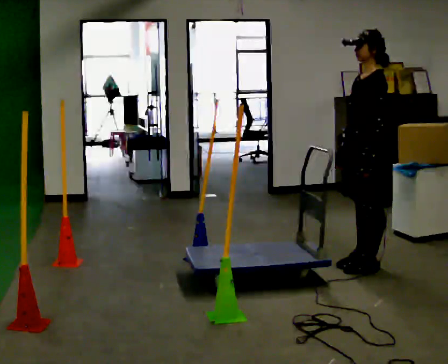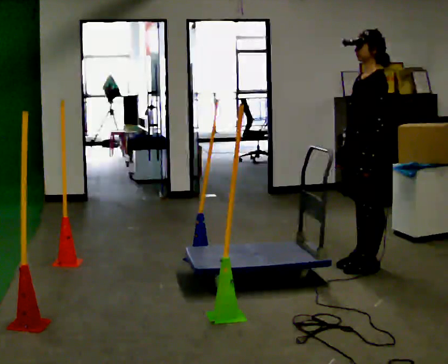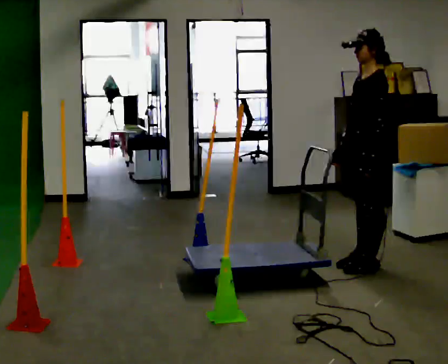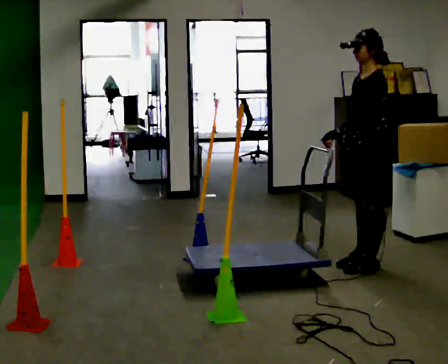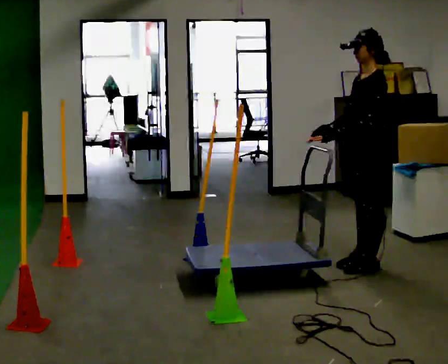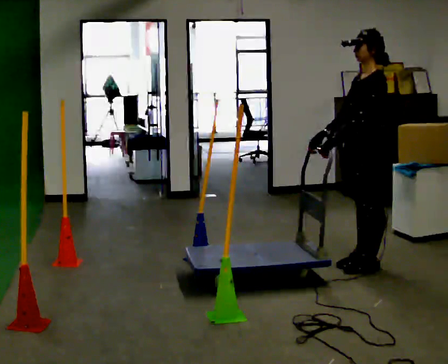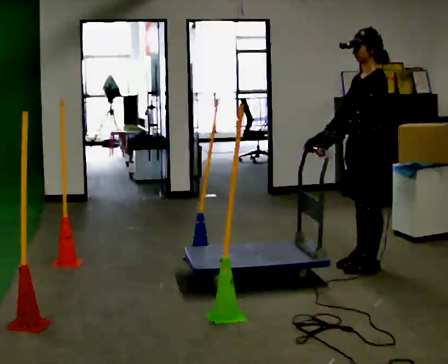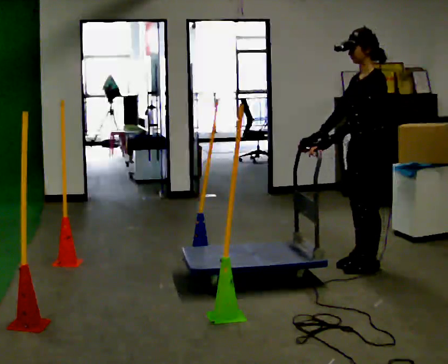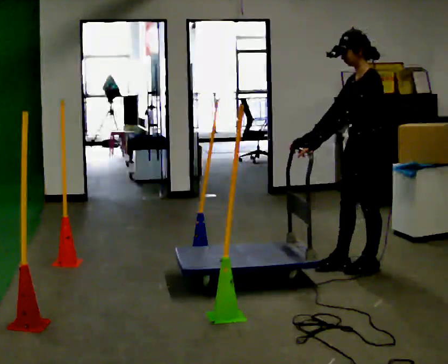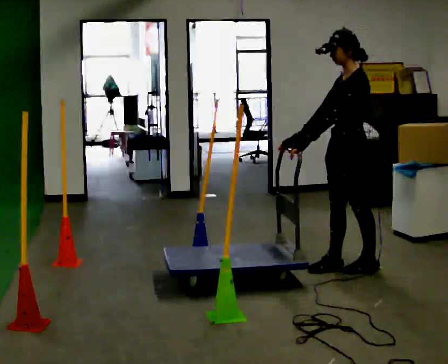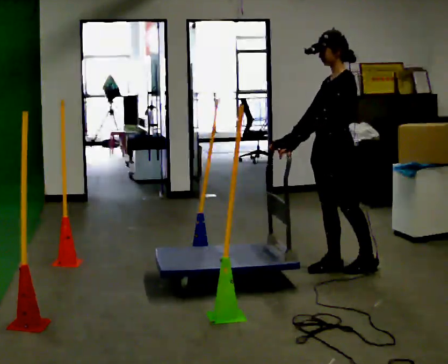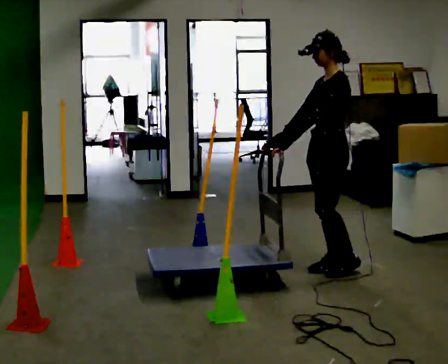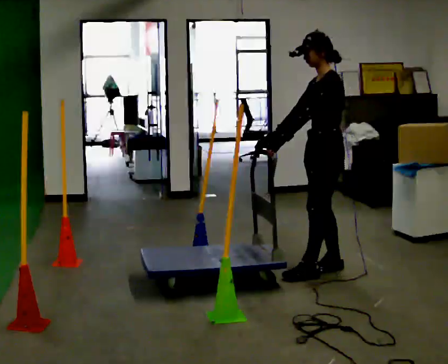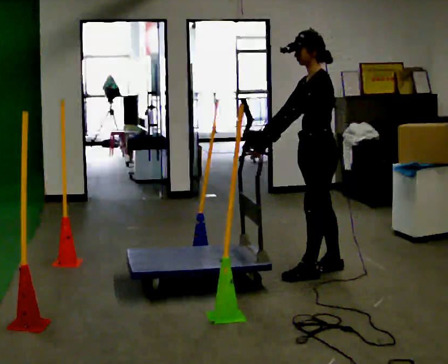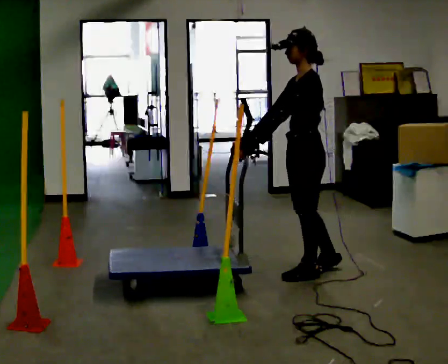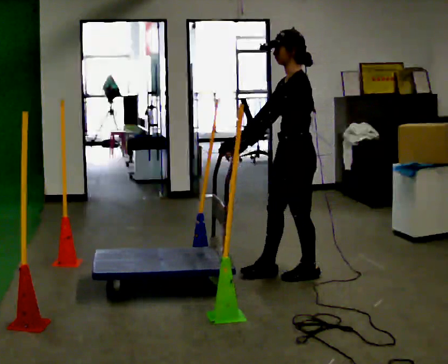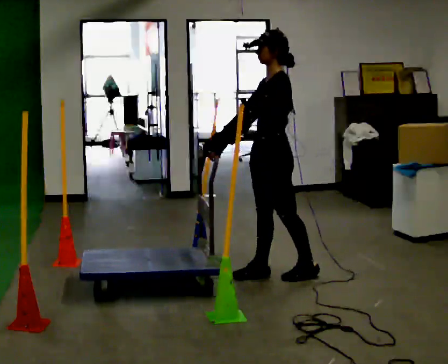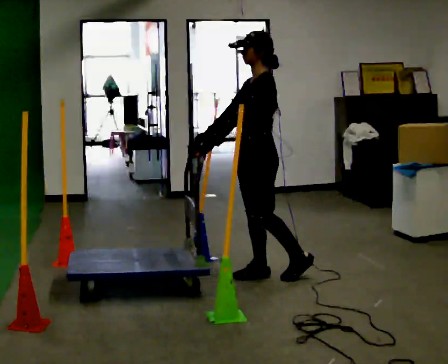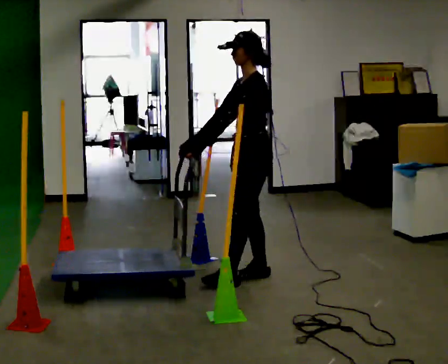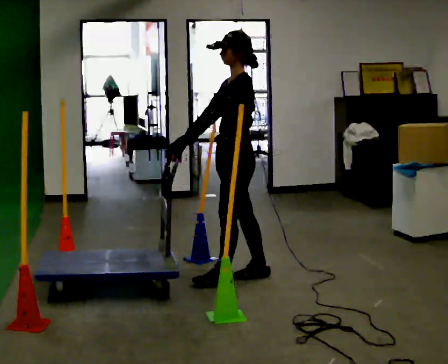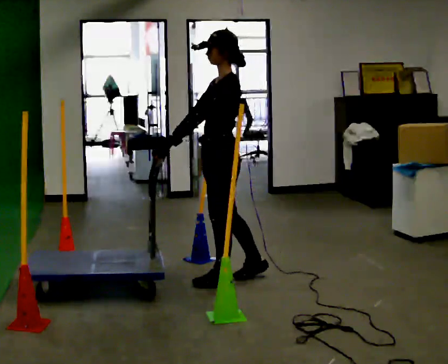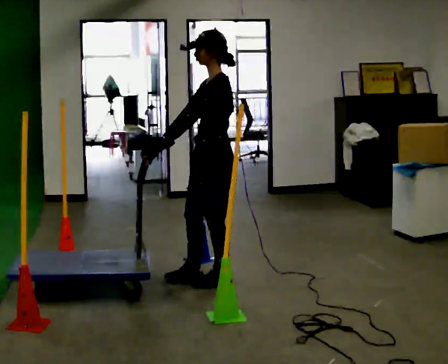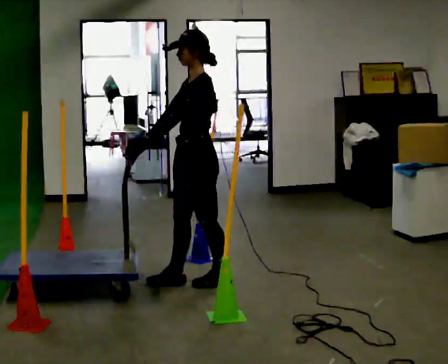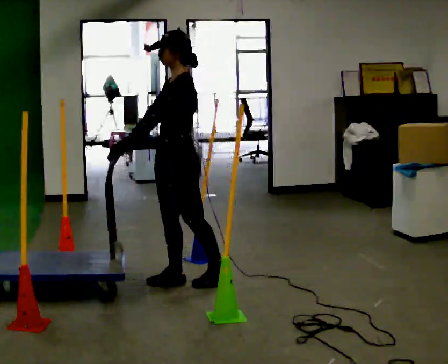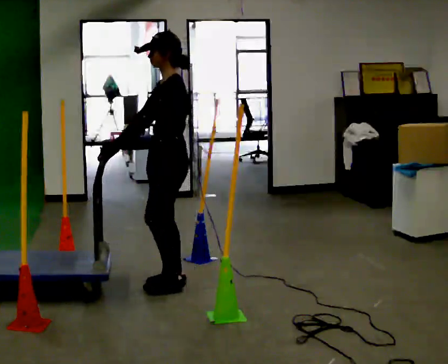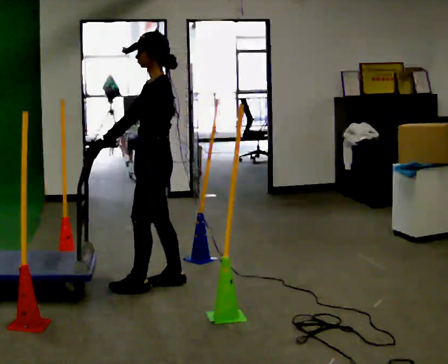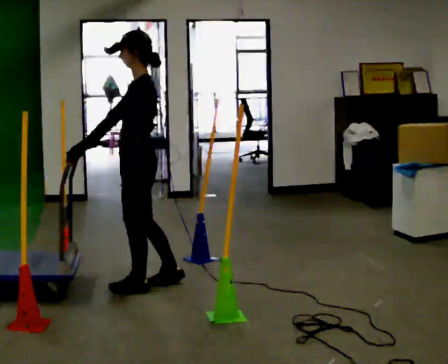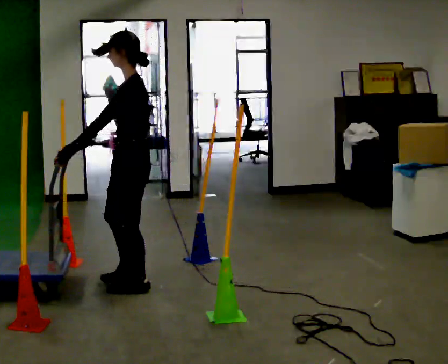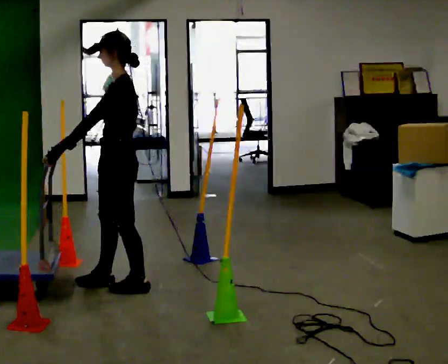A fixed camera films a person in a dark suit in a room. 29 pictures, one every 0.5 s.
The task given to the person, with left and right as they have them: Push the cart in and out of the line of poles without touching any of them. Keep going until the operator says stop.
0.0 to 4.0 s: In the picture their left hand goes to the left.
4.0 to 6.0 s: In the picture they go to the left, about 0.25 m in 2 steps, which for them is forward and to their right.
6.0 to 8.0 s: In the picture they go to the left and toward the camera, about 0.5 m in 1 step, which for them is forward.
8.0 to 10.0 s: In the picture they go to the left, about 0.25 m in 1 step, which for them is forward.
10.0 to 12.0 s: In the picture they go to the left, about 0.25 m in 1 step, which for them is forward.
12.0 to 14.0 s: In the picture they go to the left and toward the camera, about 0.25 m in 2 steps, which for them is forward and to their left.
The film runs forward here.
